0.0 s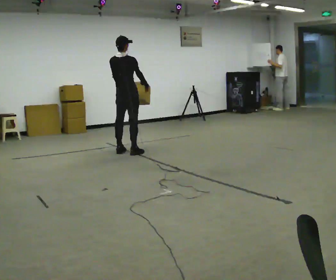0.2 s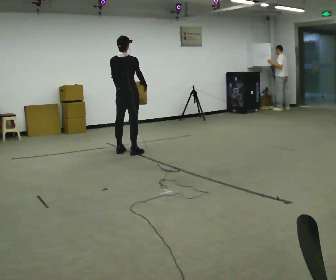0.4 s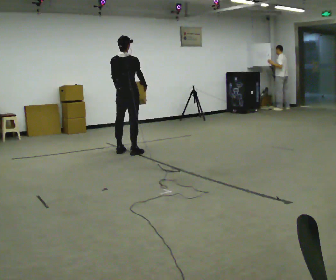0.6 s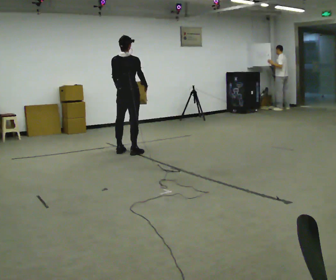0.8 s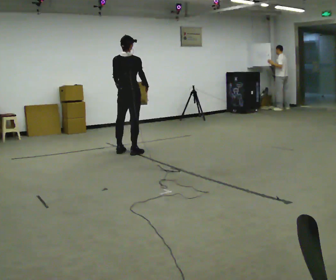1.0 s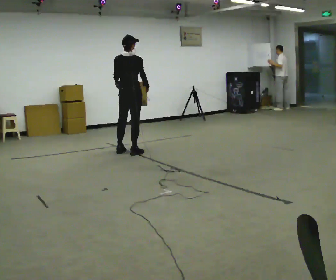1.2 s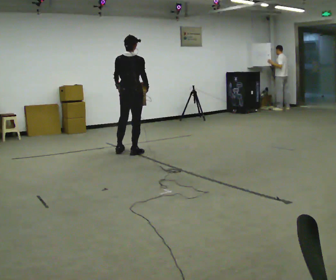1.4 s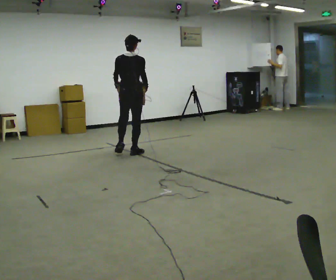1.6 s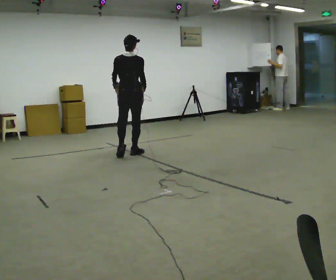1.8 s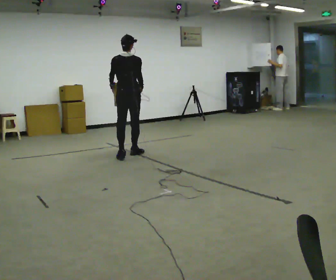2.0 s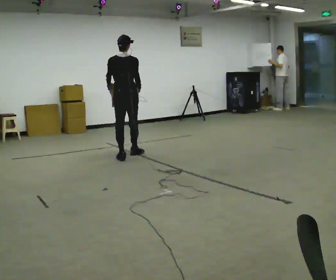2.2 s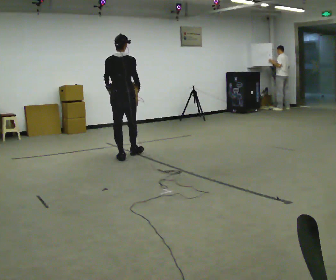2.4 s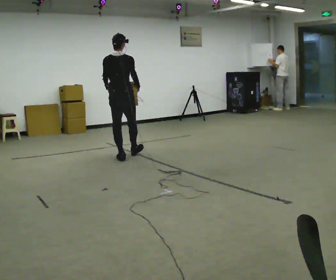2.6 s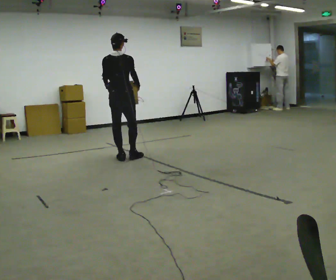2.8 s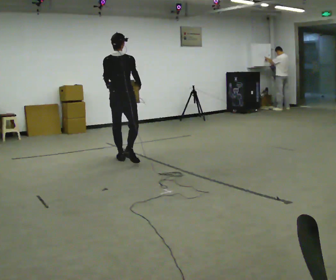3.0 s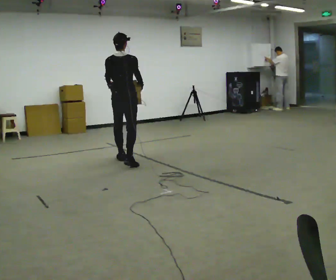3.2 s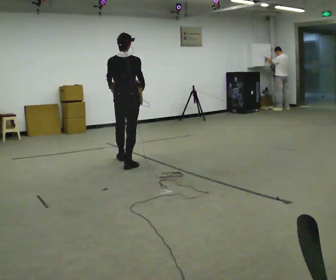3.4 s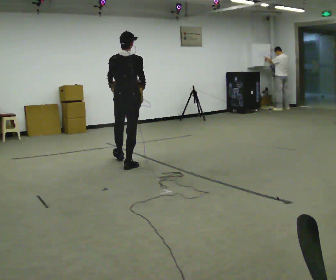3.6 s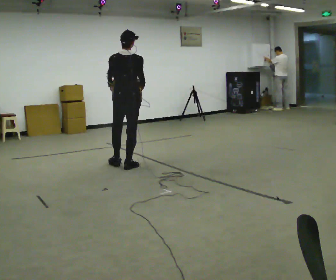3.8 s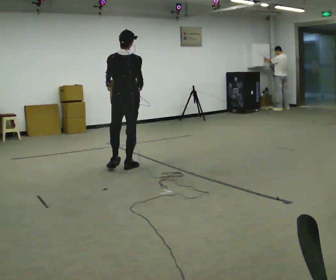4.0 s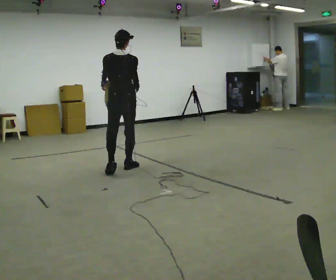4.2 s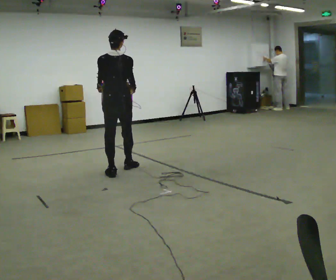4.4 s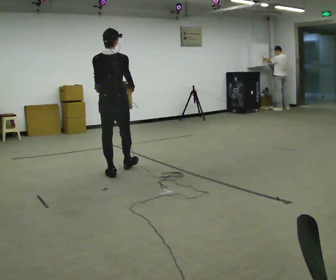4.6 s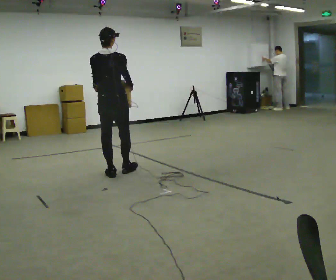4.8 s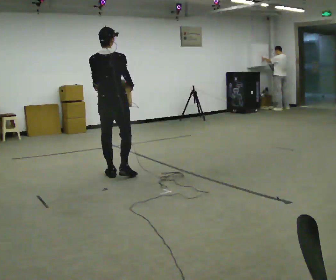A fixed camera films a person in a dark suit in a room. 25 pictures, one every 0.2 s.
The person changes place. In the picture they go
toward the camera.
0.0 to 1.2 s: The person moves a little, or ends about where they began.
1.2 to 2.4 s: In the picture they go toward the camera, about 0.25 m in 1 step, which for them is backward and to their left.
2.4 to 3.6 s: In the picture they go toward the camera, about 0.5 m in 1 step, which for them is backward.
3.6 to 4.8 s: In the picture they go toward the camera and to the left, about 0.5 m in 1 step, which for them is backward and to their left.
The film runs backward here.
